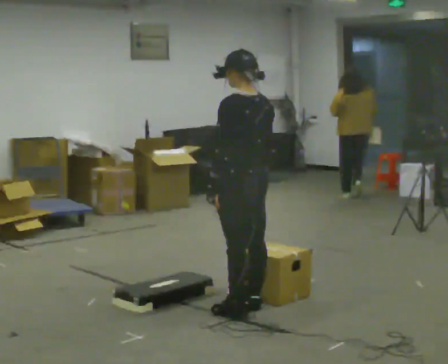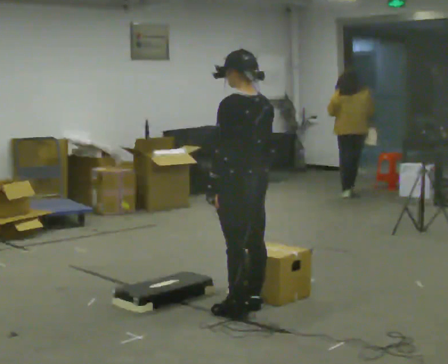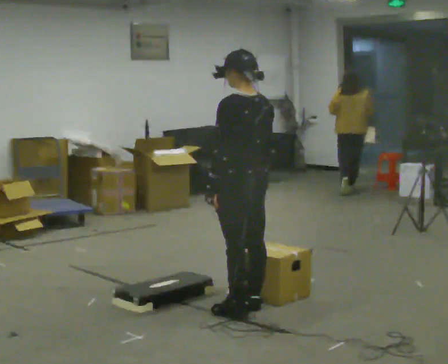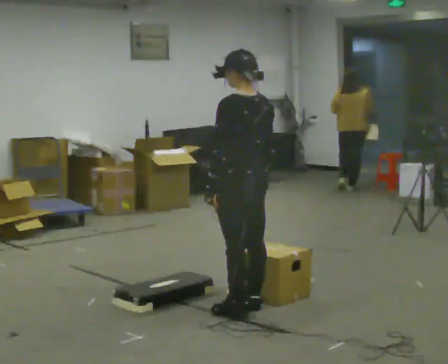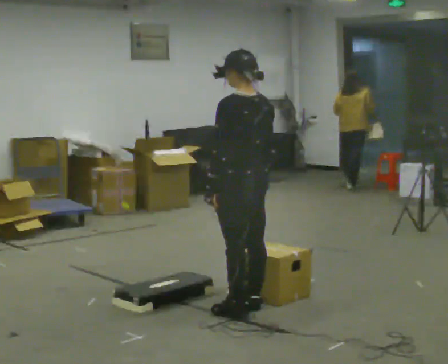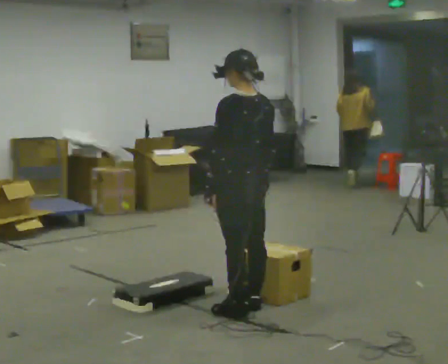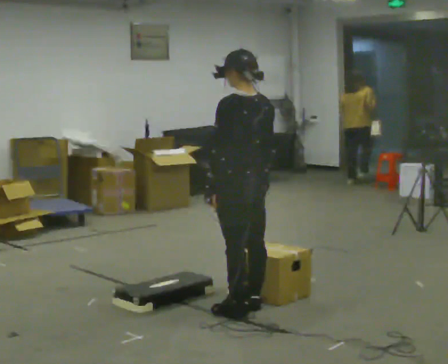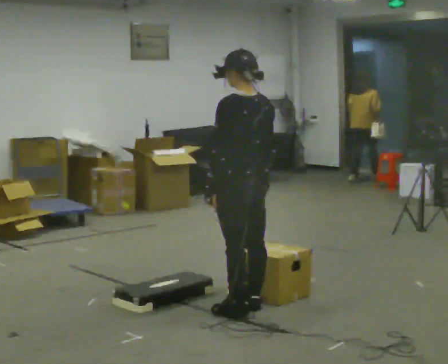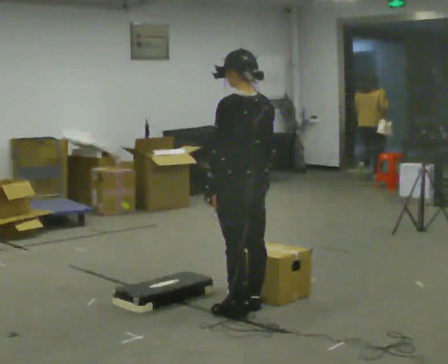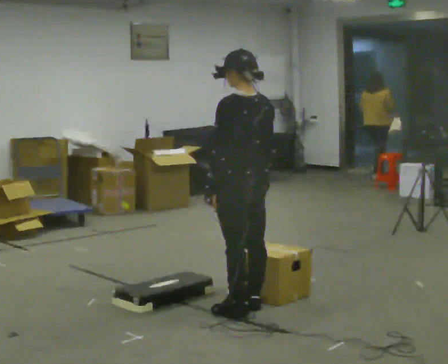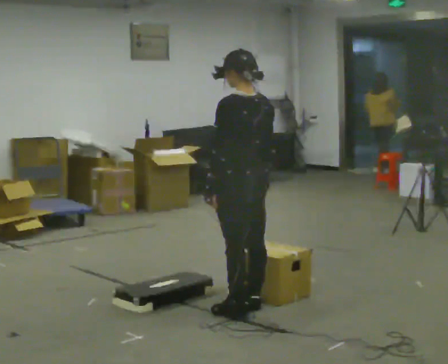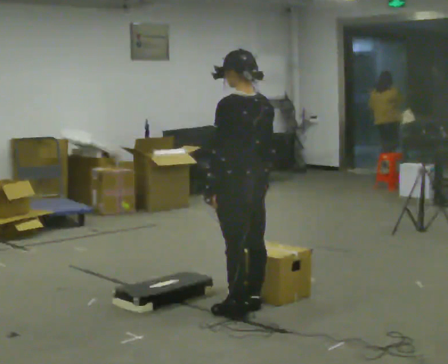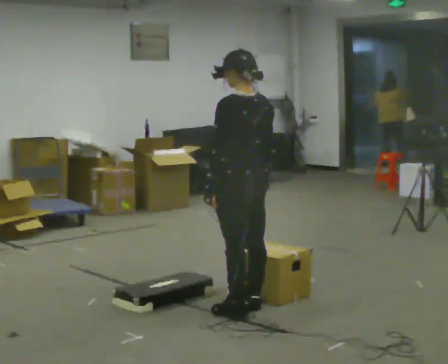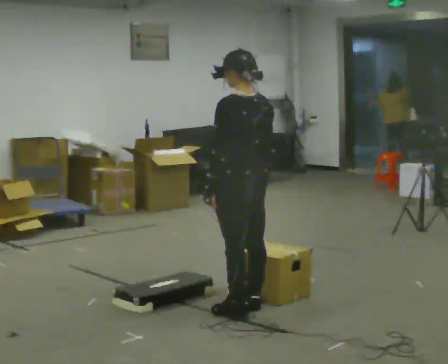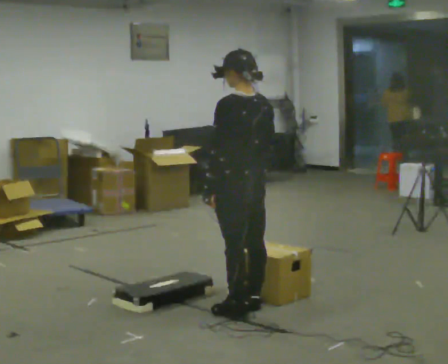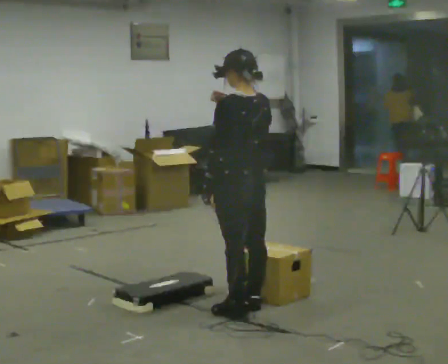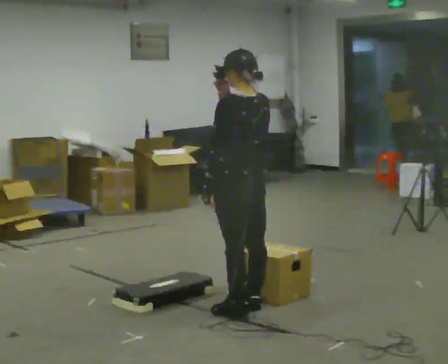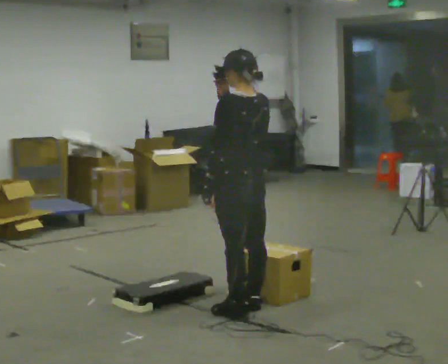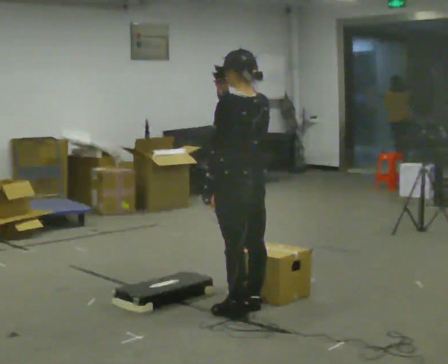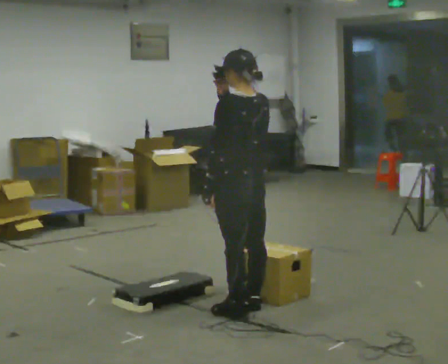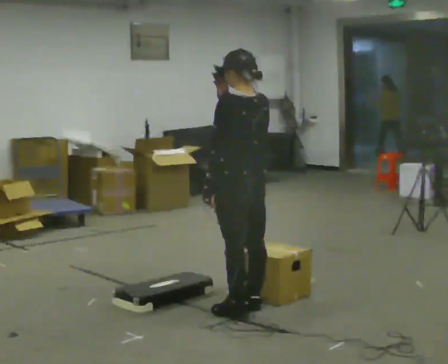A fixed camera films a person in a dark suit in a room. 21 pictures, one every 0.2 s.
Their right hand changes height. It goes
upward.
0.0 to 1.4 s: The person keeps their place and pose.
1.4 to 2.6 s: The person moves a little, or ends about where they began.
2.6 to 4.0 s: In the picture their right hand goes upward.
The film runs forward here.
